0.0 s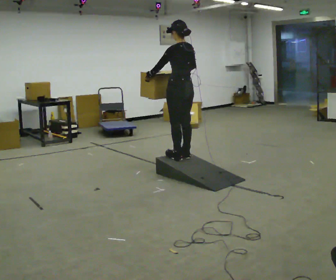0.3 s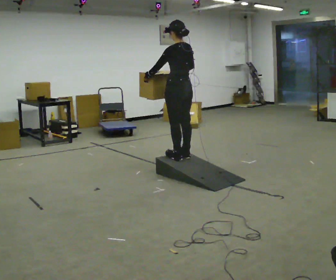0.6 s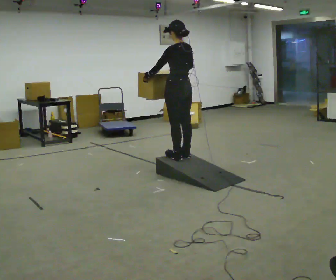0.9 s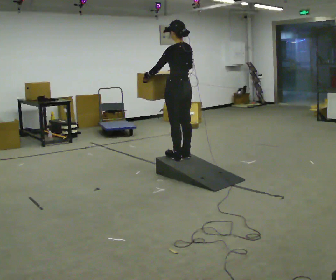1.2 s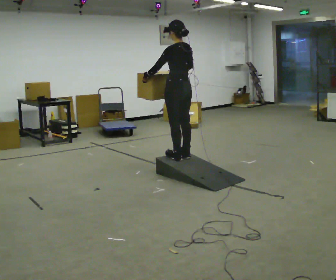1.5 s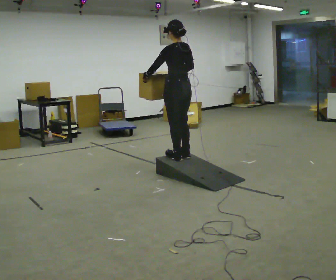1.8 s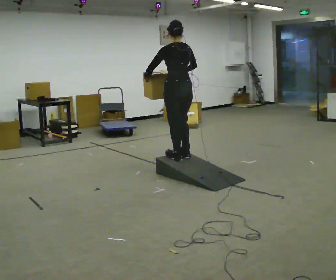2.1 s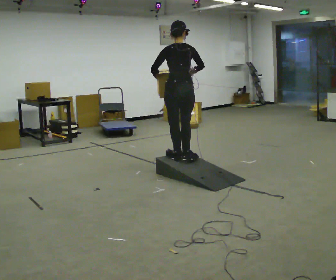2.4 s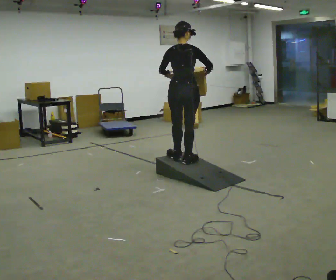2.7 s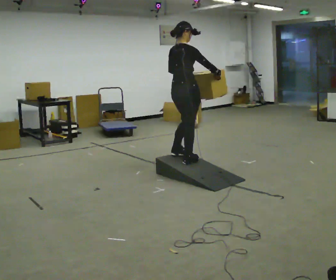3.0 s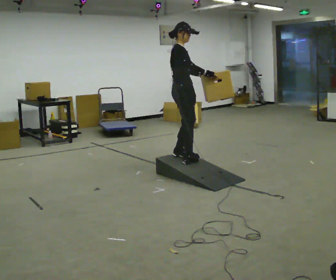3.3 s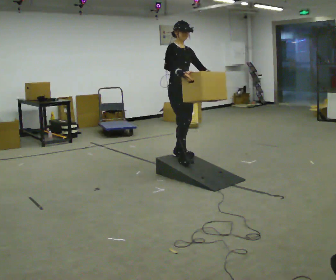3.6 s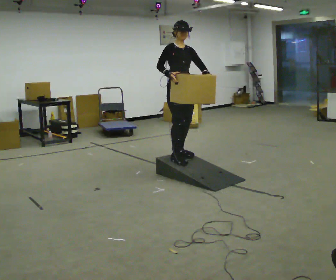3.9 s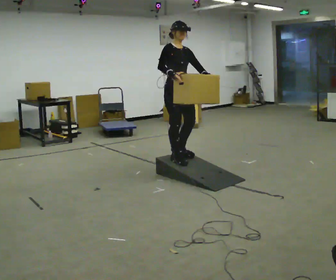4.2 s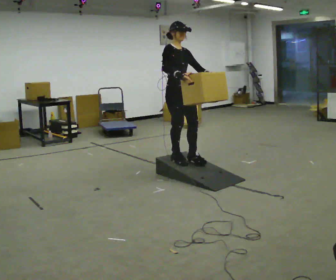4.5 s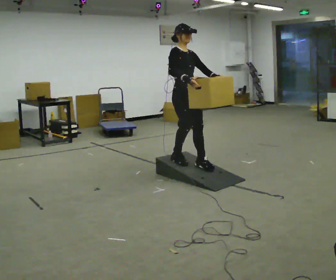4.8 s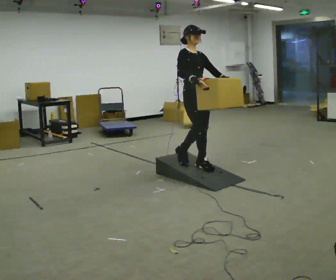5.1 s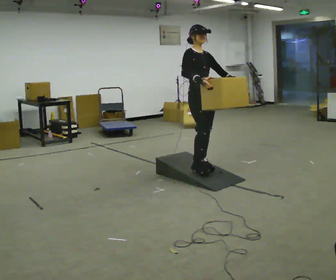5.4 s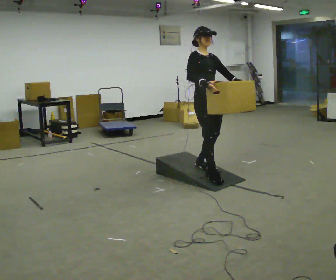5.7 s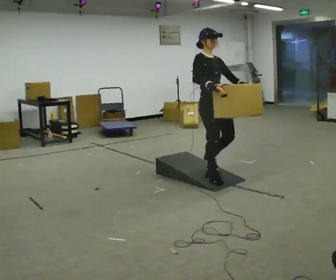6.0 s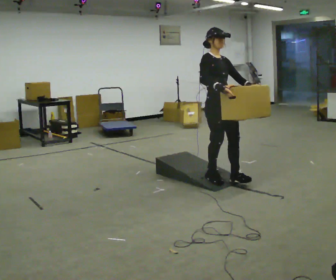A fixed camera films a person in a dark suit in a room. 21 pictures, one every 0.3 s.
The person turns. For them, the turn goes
to their right.
The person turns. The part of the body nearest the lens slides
to the left.
0.0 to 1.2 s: The person moves a little, or ends about where they began.
1.2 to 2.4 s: Seen from above the body turns clockwise, about 60 degrees: to their right, with its near side sliding to the left.
2.4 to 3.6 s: The part of the body nearest the lens slides to the left as the person turns to their right by about 135 degrees. In the picture their right hand goes to the left.
3.6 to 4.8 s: In the picture they go toward the camera and to the right, about 0.25 m in 1 step, which for them is forward.
4.8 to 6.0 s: In the picture they go toward the camera and to the right, about 0.5 m in 1 step, which for them is forward.
The film runs forward here.
